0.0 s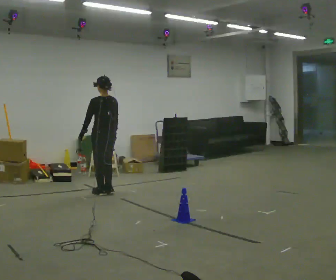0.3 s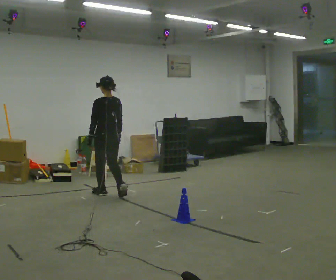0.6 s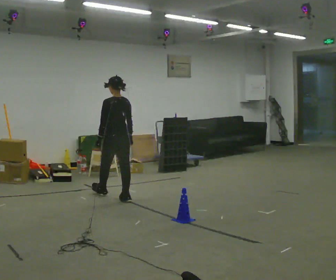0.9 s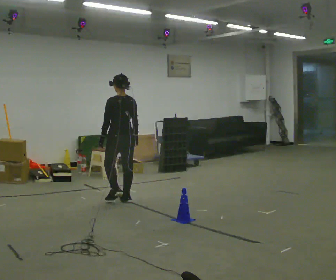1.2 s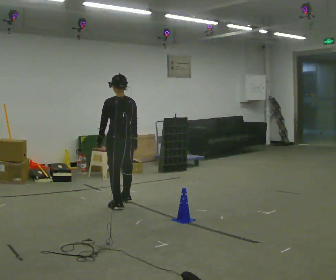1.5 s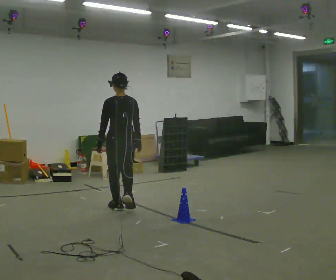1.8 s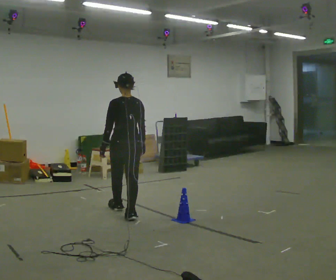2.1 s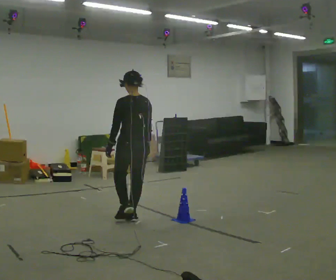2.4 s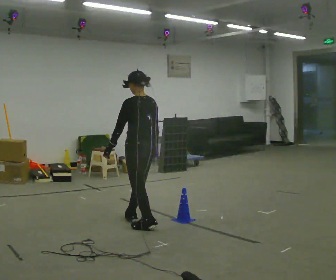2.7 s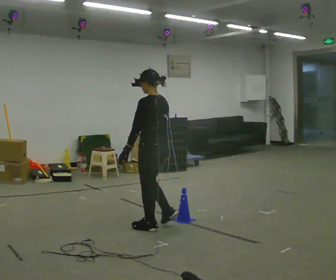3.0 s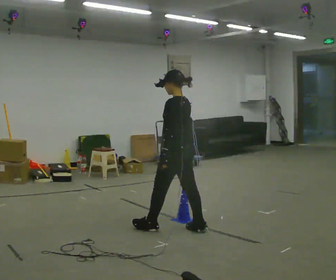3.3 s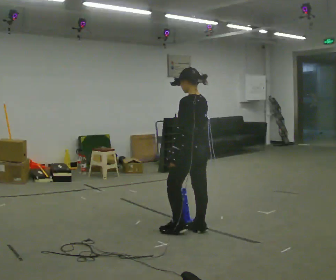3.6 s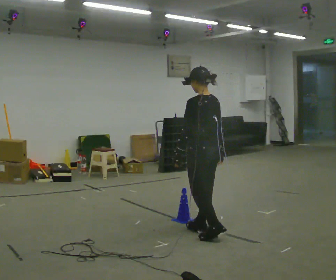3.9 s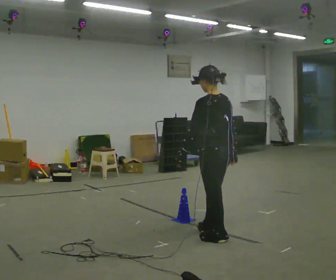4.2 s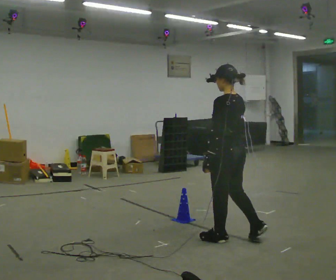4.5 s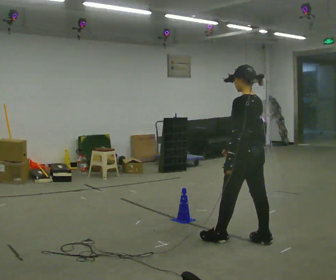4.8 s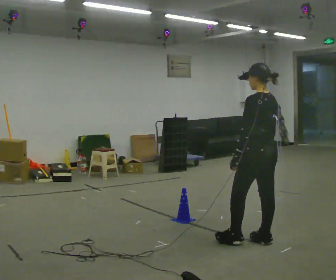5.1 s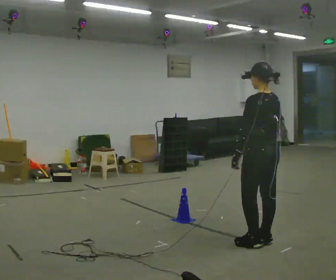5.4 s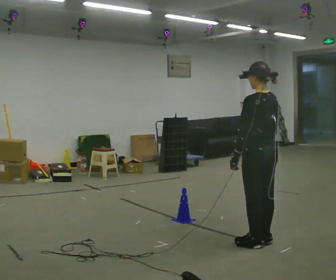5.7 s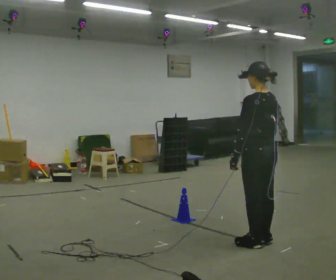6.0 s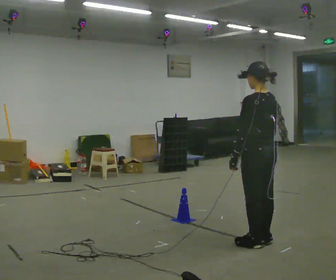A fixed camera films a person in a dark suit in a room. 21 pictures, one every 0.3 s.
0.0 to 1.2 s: In the picture they go toward the camera and to the right, about 0.75 m in 2 steps, which for them is backward.
1.2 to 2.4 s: In the picture they go toward the camera and to the right, about 1 m in 2 steps, which for them is backward.
2.4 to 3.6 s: In the picture they go to the right and toward the camera, about 0.5 m in 2 steps, which for them is backward.
3.6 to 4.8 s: In the picture they go to the right and toward the camera, about 0.5 m in 2 steps, which for them is backward.
4.8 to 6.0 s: The person moves a little, or ends about where they began.
The film runs backward here.
